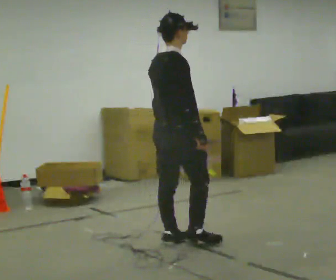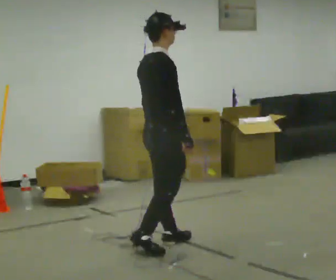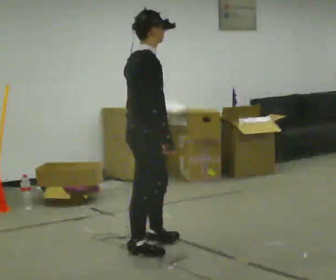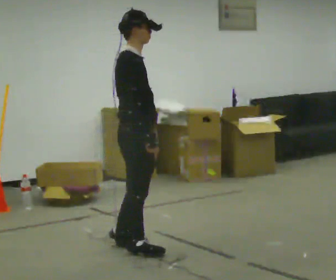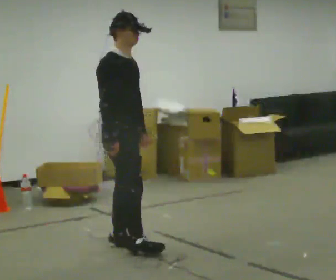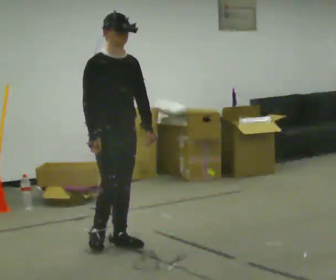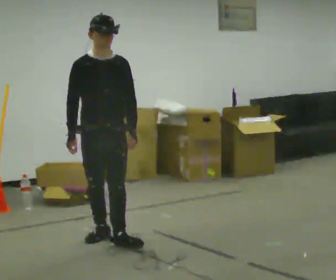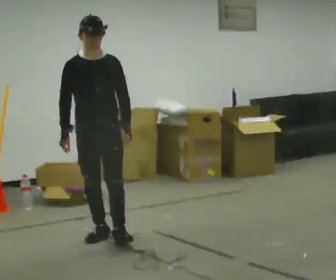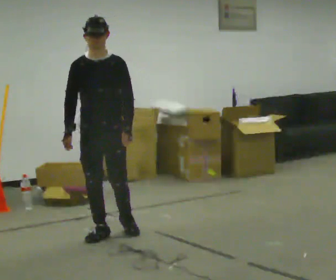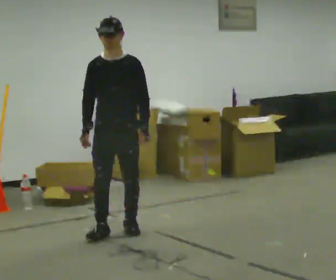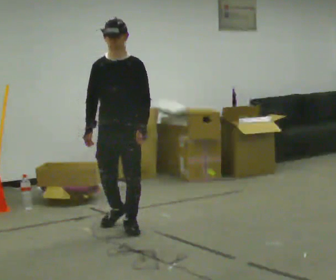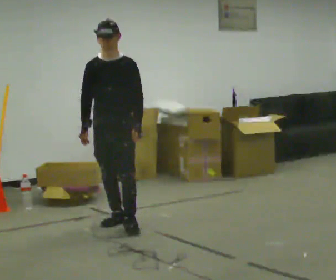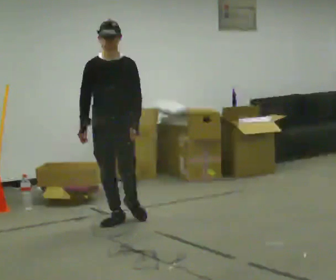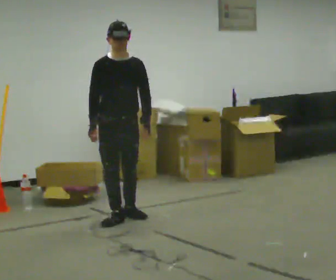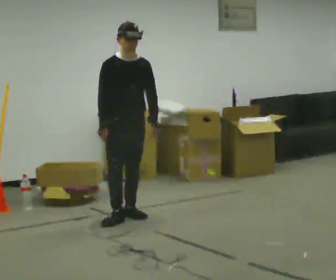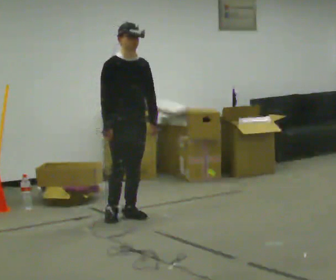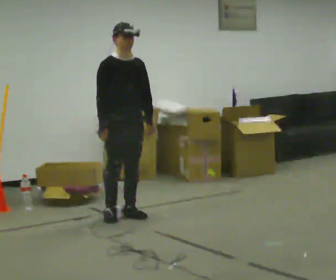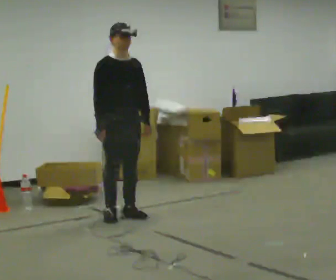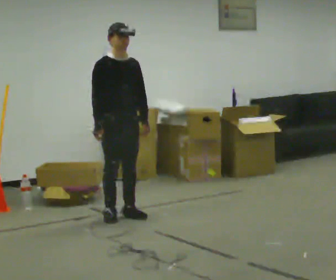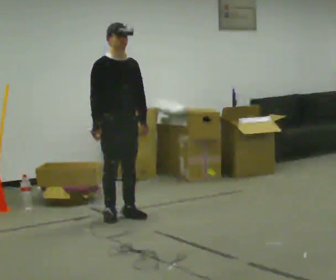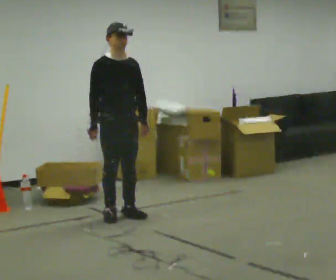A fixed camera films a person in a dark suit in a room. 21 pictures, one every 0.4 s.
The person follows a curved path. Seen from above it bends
clockwise.
0.0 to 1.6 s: The part of the body nearest the lens slides to the left as the person turns to their right by about 45 degrees. In the picture they go to the left, about 0.5 m in 1 step, which for them is backward.
1.6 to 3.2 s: The part of the body nearest the lens slides to the left as the person turns to their right by about 75 degrees. In the picture they go away from the camera, about 0.5 m in 2 steps.
3.2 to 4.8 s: In the picture they go away from the camera, about 0.5 m in 2 steps, which for them is backward.
4.8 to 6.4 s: The part of the body nearest the lens slides to the right as the person turns to their left by about 30 degrees. In the picture they go away from the camera, about 0.25 m in 1 step, which for them is backward and to their left.
6.4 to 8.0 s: The person moves a little, or ends about where they began.
The film runs backward here.
